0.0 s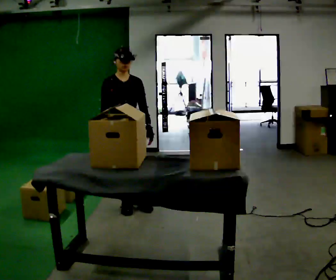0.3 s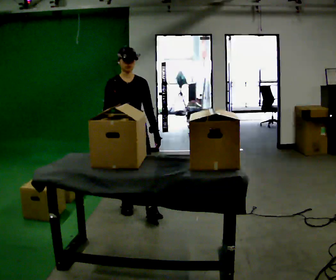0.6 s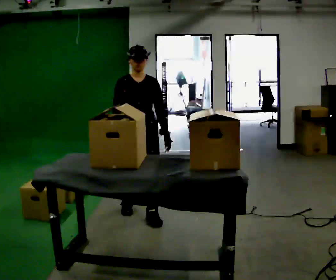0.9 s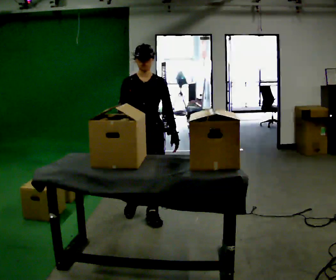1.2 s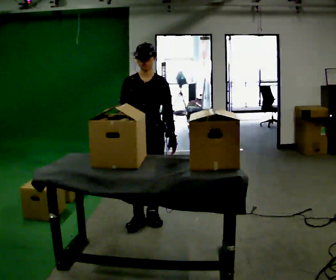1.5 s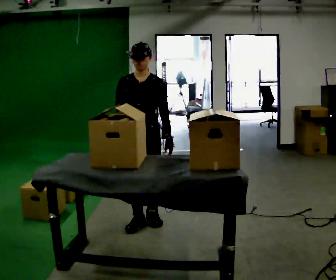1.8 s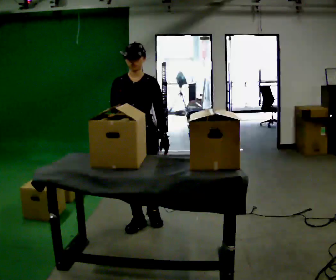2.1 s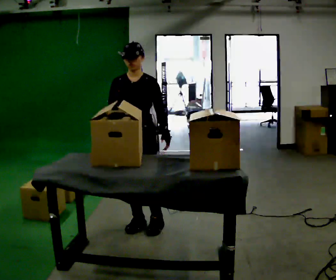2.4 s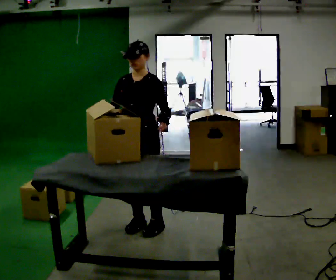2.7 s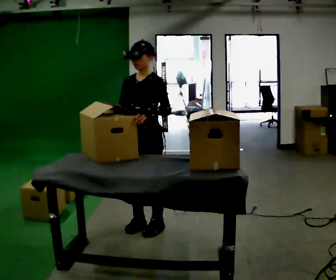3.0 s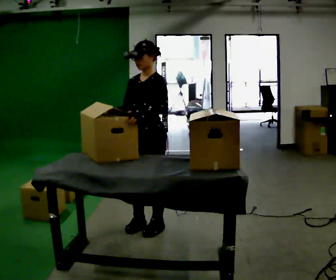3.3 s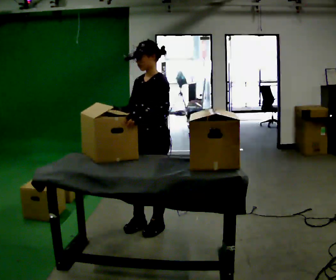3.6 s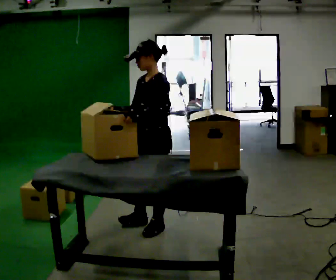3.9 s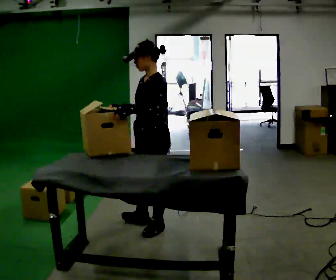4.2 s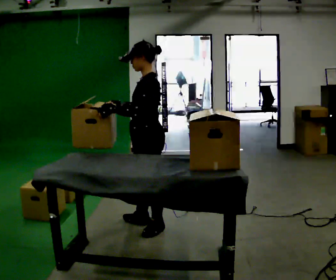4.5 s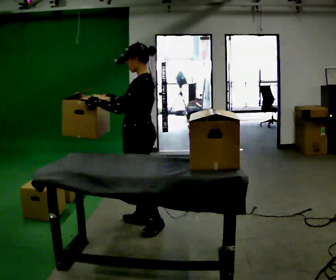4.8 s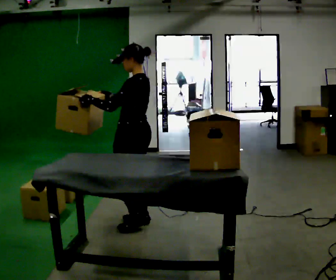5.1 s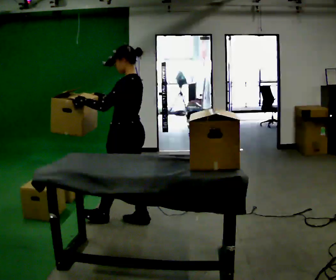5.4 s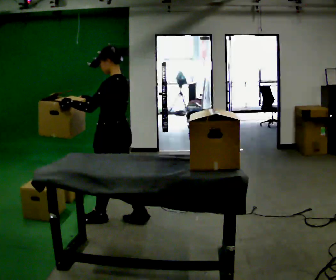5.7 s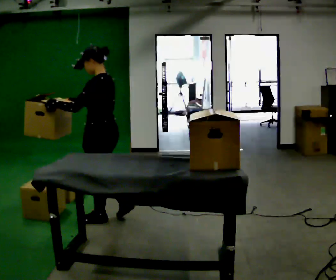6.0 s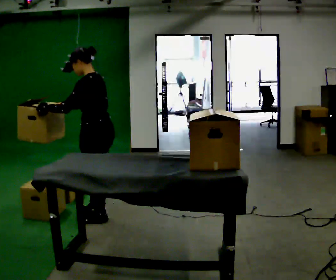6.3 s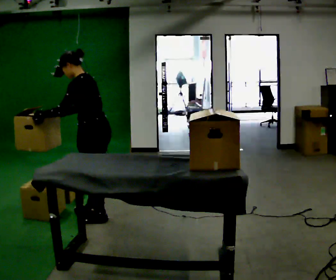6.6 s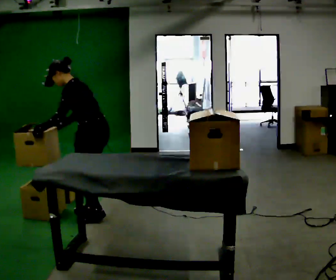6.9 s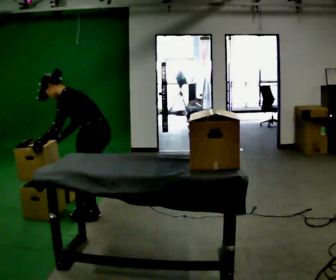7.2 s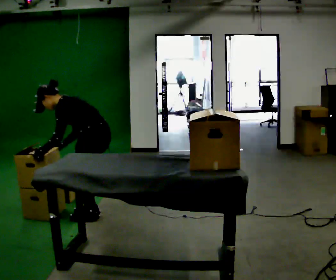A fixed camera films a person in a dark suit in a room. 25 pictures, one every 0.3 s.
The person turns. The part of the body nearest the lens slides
to the left.
The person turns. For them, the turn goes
to their right.
0.0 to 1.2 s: In the picture they go toward the camera and to the right, about 0.5 m in 1 step, which for them is forward and to their left.
1.2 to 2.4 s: In the picture they go toward the camera, about 0.25 m in 2 steps, which for them is forward.
2.4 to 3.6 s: The person turns about 45 degrees to their right, clockwise seen from above, so the part of the body nearest the lens slides to the left.
3.6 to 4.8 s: Seen from above the body turns clockwise, about 45 degrees: to their right, with its near side sliding to the left. In the picture they go away from the camera and to the left, about 0.25 m, which for them is to their right and forward. In the picture their left hand goes to the left.
4.8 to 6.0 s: In the picture they go to the left, about 0.25 m in 1 step, which for them is forward. In the picture the upper body tilts counterclockwise, shoulders to the left, as they bend forward.
6.0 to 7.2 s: The shoulders move downward. In the picture the upper body tilts counterclockwise, shoulders to the left, as they bend forward. In the picture their left hand goes downward.
The film runs forward here.
